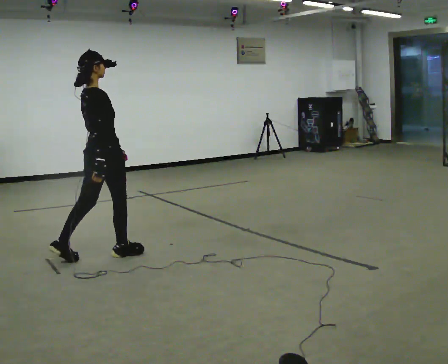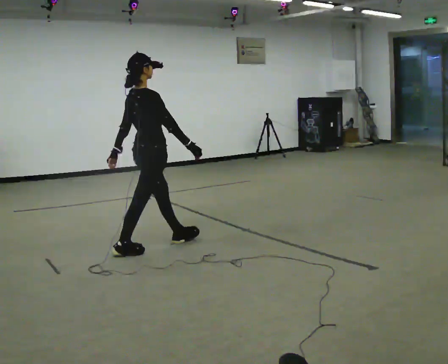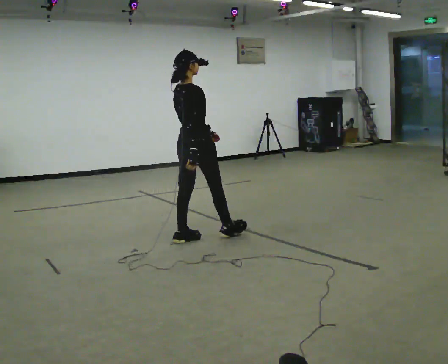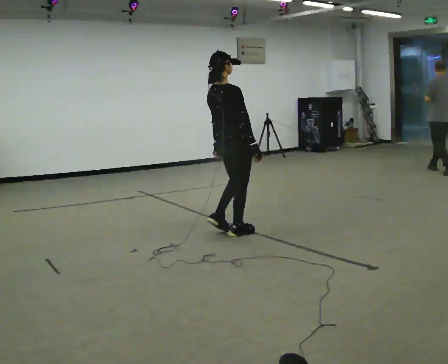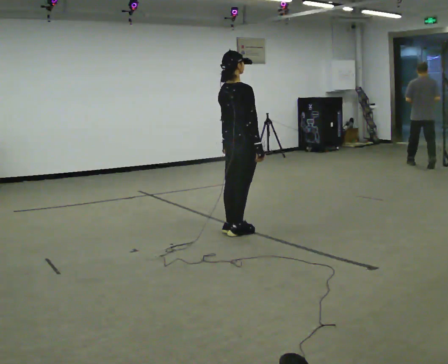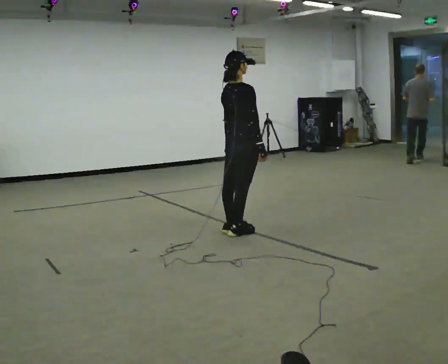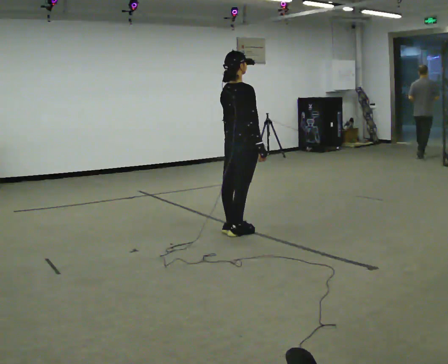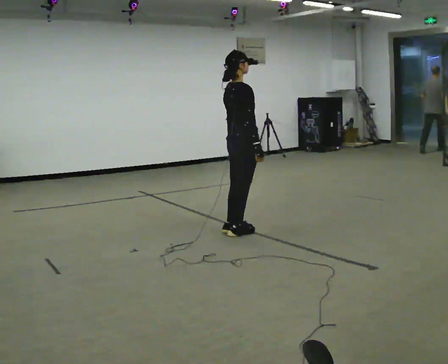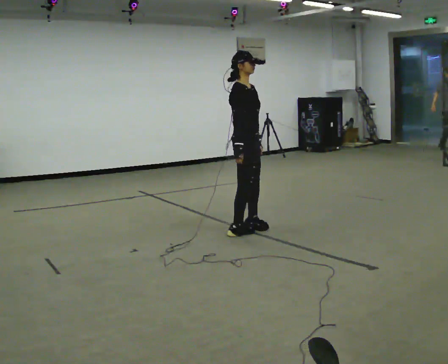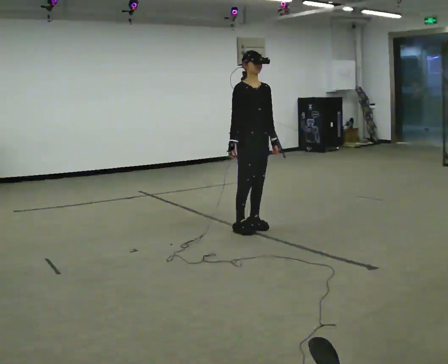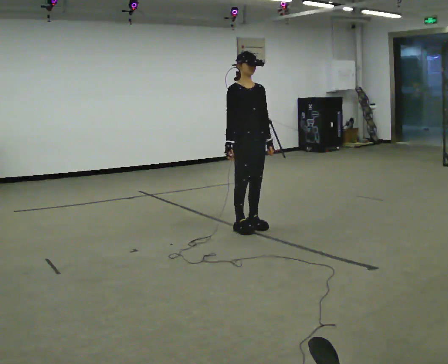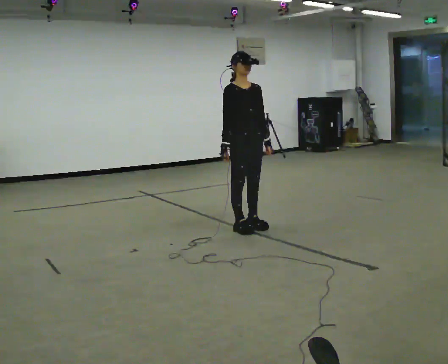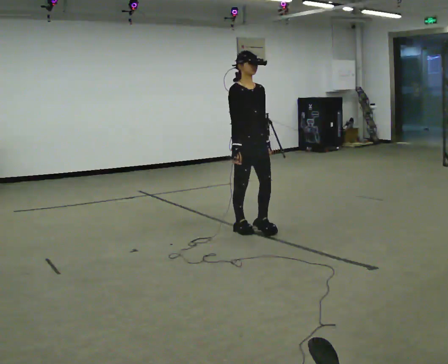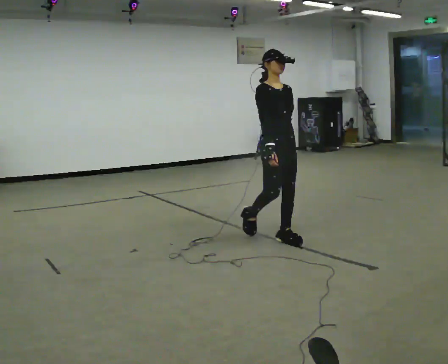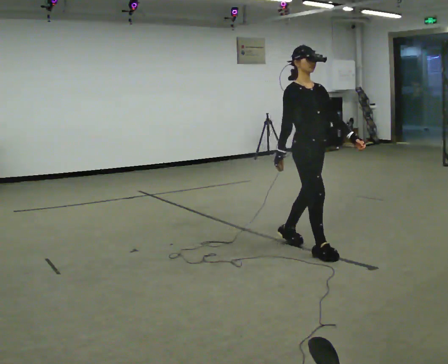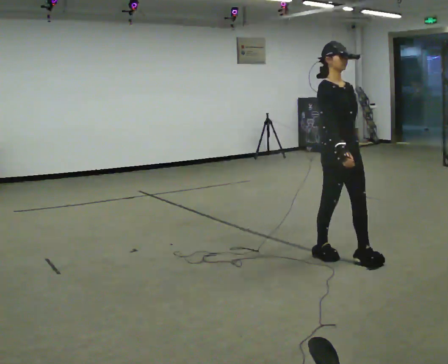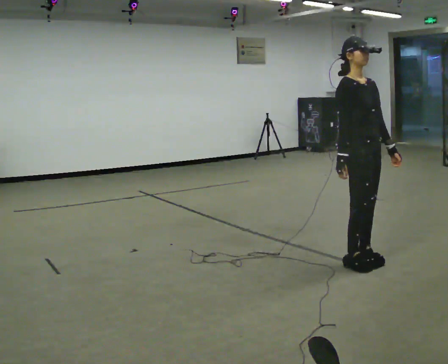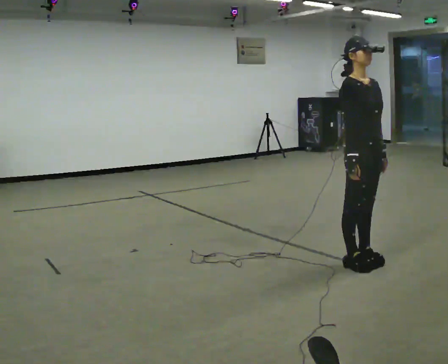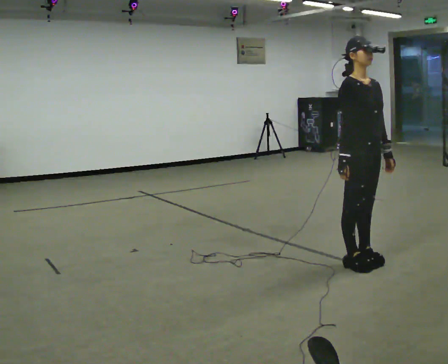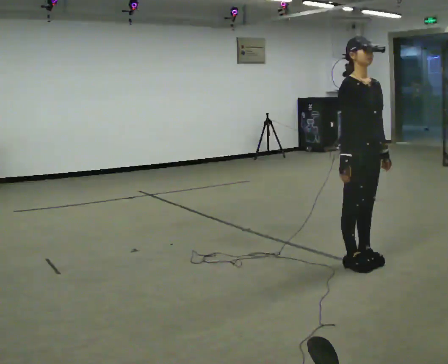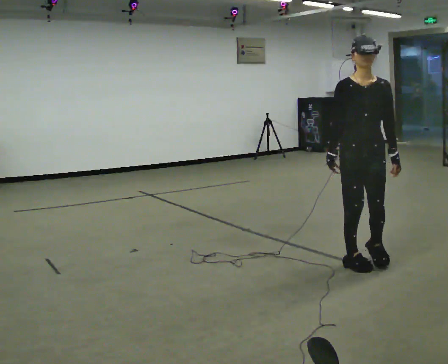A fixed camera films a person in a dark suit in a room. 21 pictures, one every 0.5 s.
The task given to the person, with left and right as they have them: Walk; stop fully; turn 90° left/right while standing; walk new direction.
0.0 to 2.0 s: In the picture they go to the right and away from the camera, about 1.5 m in 3 steps, which for them is forward.
2.0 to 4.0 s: Seen from above the body turns clockwise, about 60 degrees: to their right, with its near side sliding to the left.
4.0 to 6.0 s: The part of the body nearest the lens slides to the left as the person turns to their right by about 30 degrees.
6.0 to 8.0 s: In the picture they go toward the camera and to the right, about 1 m in 4 steps, which for them is forward.
8.0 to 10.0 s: The person turns about 45 degrees to their right, clockwise seen from above, so the part of the body nearest the lens slides to the left.
The film runs forward here.
